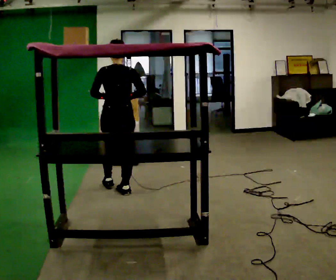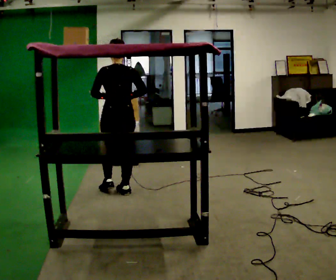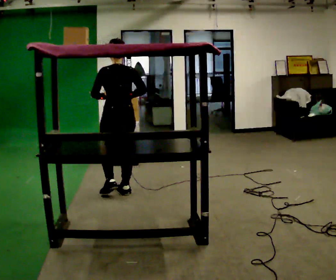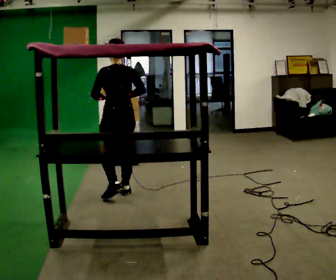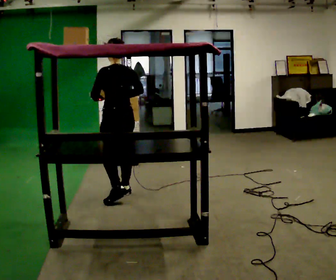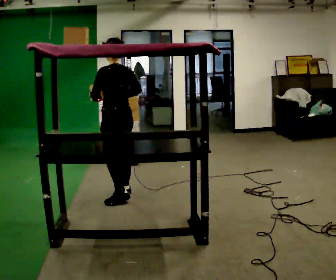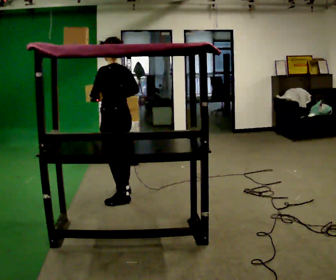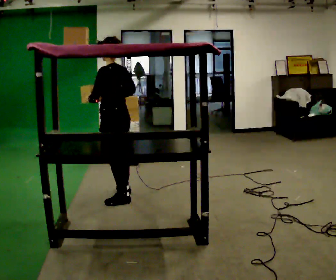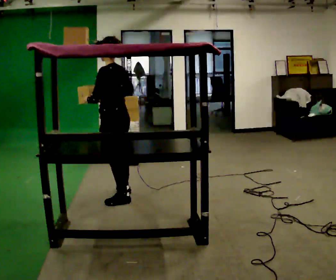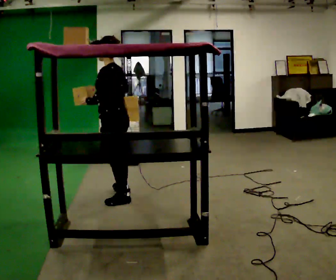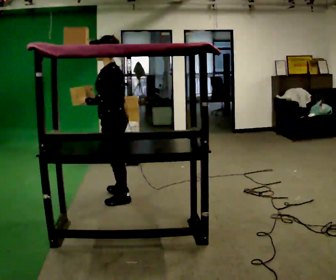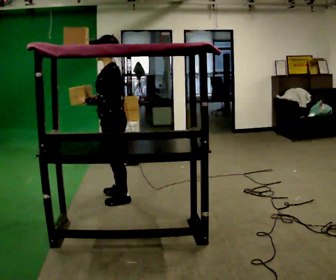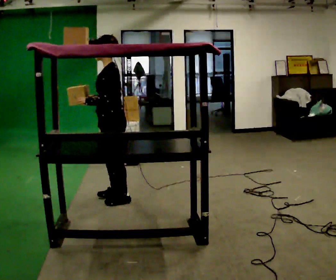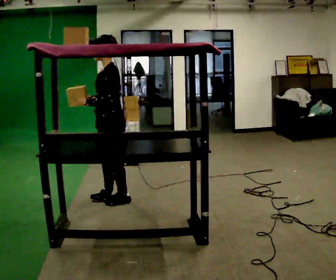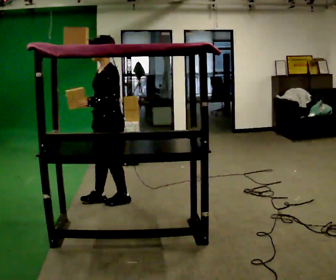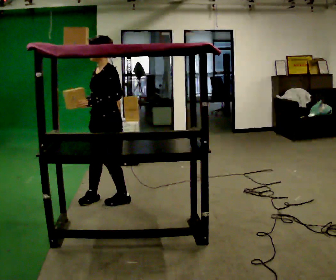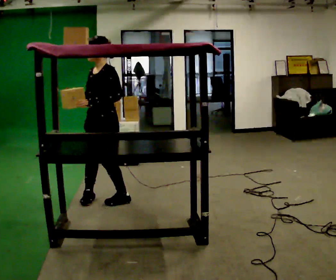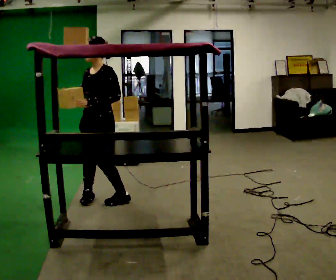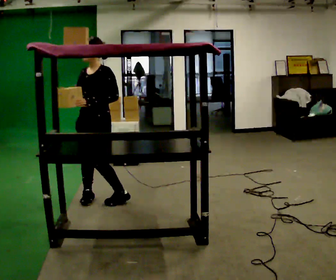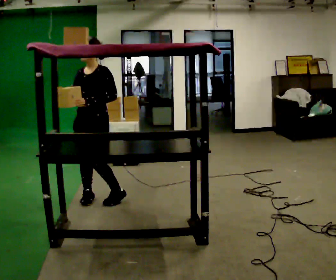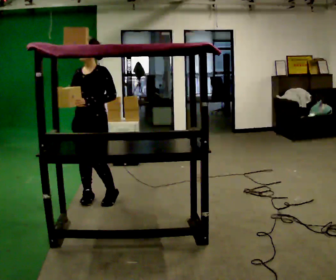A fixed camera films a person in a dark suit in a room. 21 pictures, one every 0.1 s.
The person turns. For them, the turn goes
to their left.
The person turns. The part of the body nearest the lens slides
to the right.
0.0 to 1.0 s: The part of the body nearest the lens slides to the right as the person turns to their left by about 75 degrees. In the picture they go toward the camera, about 0.25 m in 1 step.
1.0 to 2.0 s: The person turns about 75 degrees to their left, counterclockwise seen from above, so the part of the body nearest the lens slides to the right. In the picture they go to the left, about 0.25 m in 1 step. In the picture their right hand goes to the left.
The film runs backward here.
